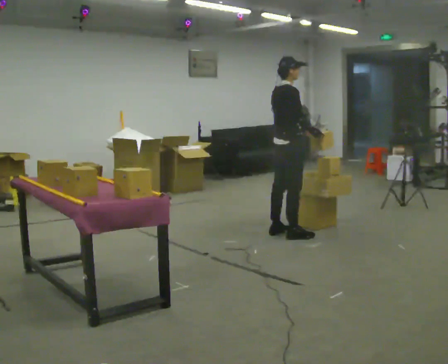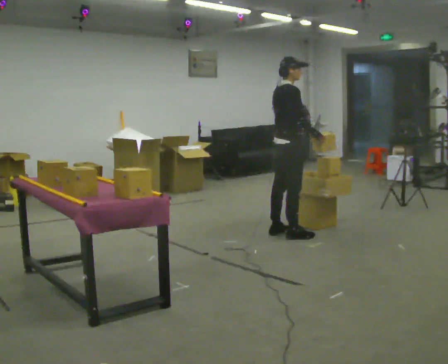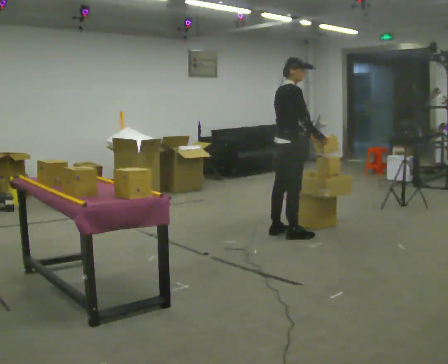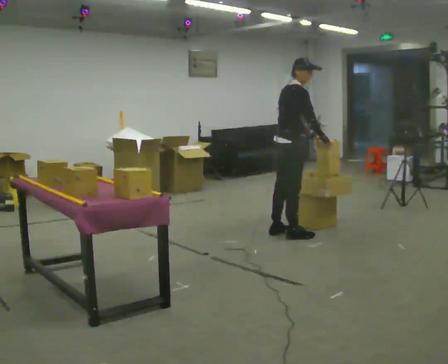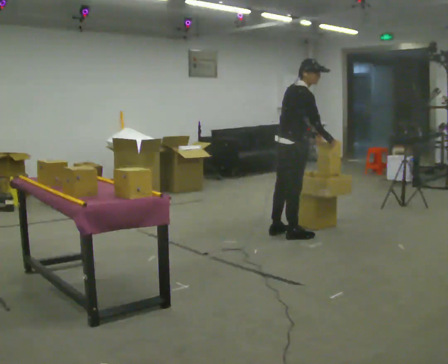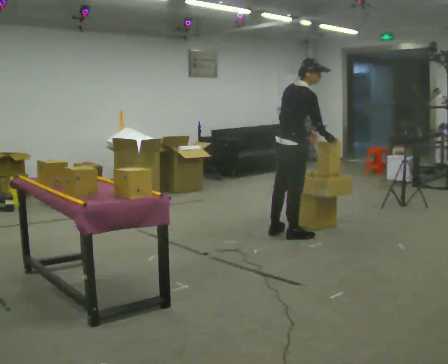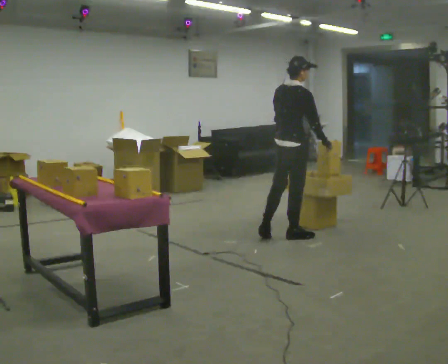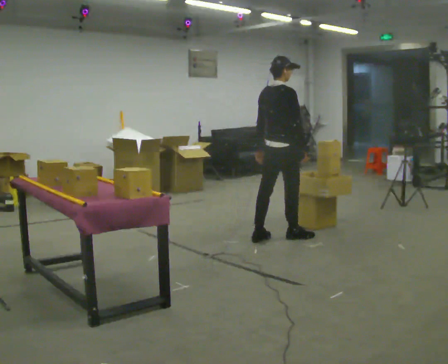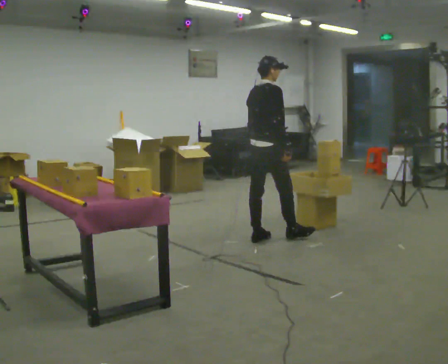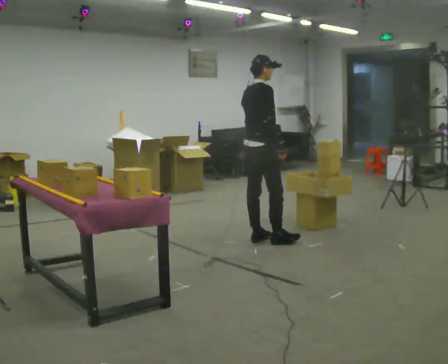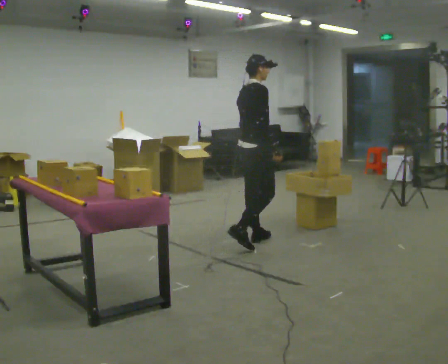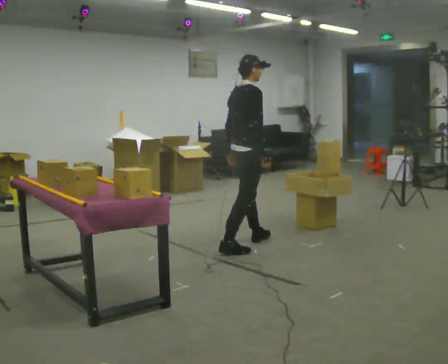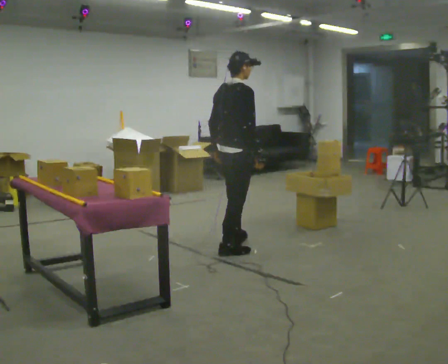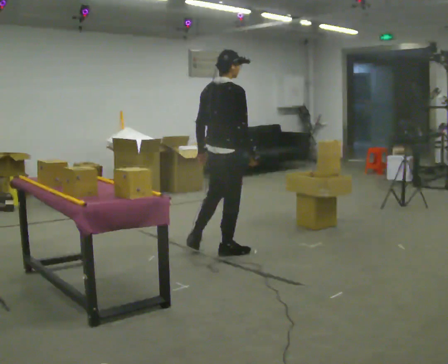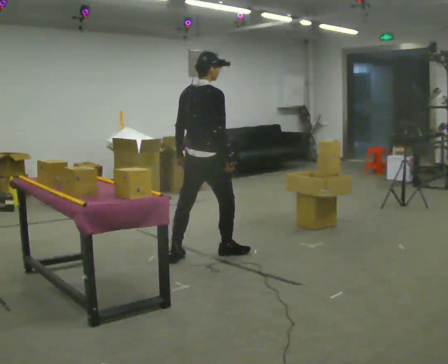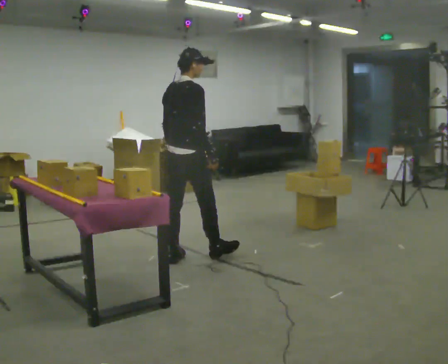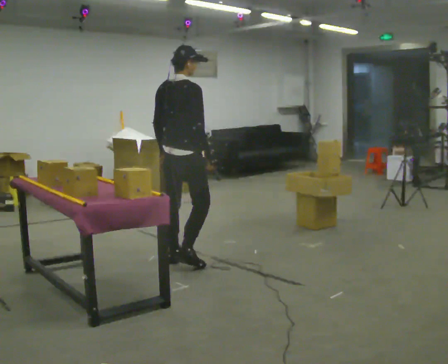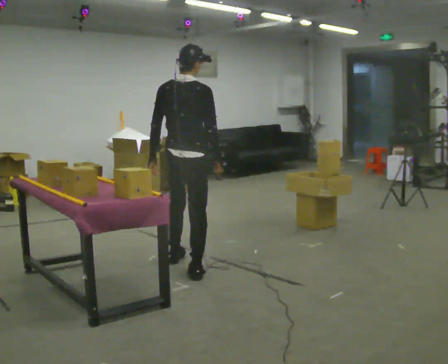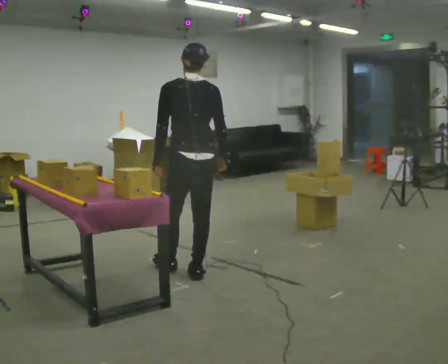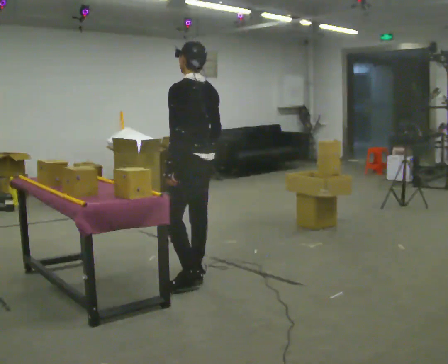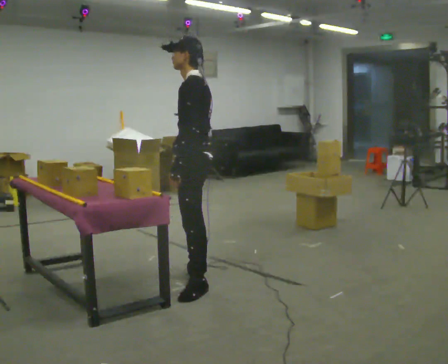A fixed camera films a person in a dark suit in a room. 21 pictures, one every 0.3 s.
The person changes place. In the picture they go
toward the camera.
The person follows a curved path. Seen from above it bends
counterclockwise.
0.0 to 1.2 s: In the picture the upper body tilts clockwise, shoulders to the right, as they bend forward.
1.2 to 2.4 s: In the picture they go to the left, about 0.25 m in 2 steps, which for them is backward. In the picture the upper body tilts counterclockwise, shoulders to the left.
2.4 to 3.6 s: In the picture they go toward the camera and to the left, about 0.5 m in 1 step, which for them is backward and to their right.
3.6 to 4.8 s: In the picture they go to the left and toward the camera, about 0.5 m in 1 step, which for them is backward.
4.8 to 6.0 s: Seen from above the body turns counterclockwise, about 120 degrees: to their left, with its near side sliding to the right. In the picture they go toward the camera, about 0.5 m in 1 step.
The film runs backward here.
